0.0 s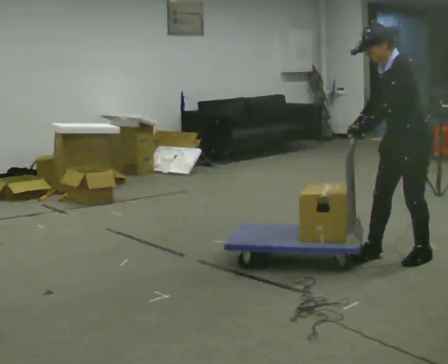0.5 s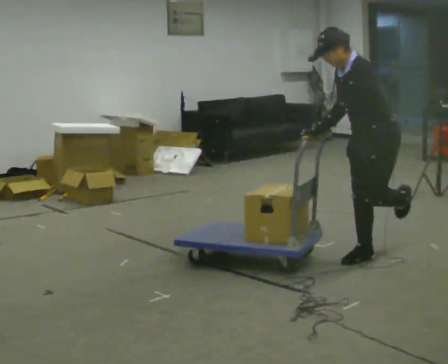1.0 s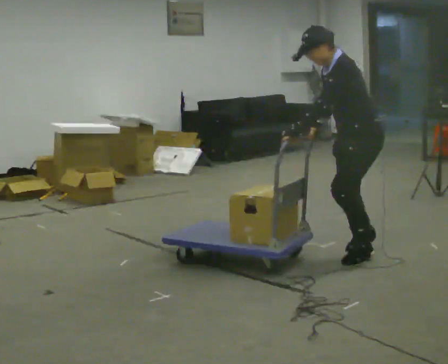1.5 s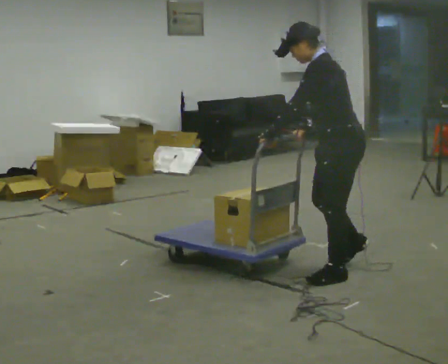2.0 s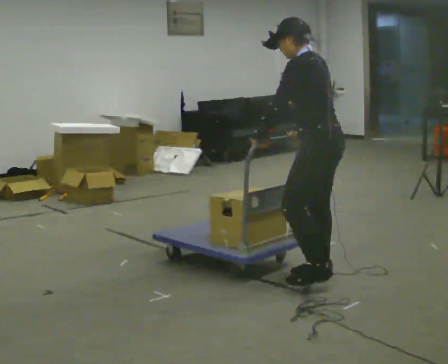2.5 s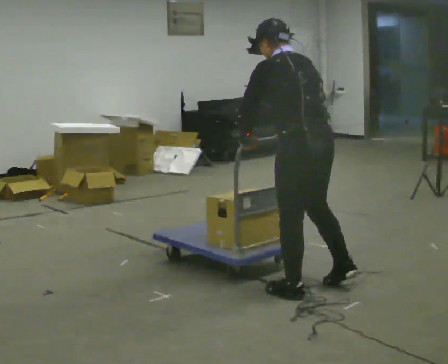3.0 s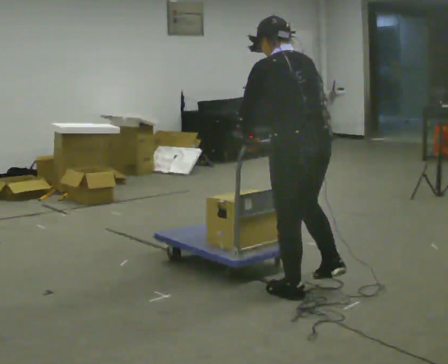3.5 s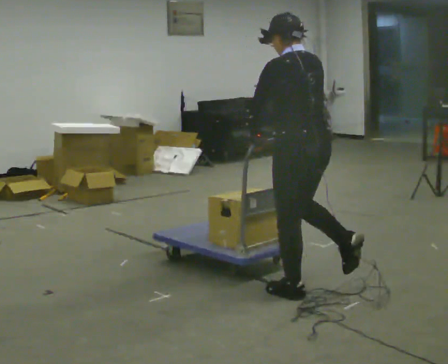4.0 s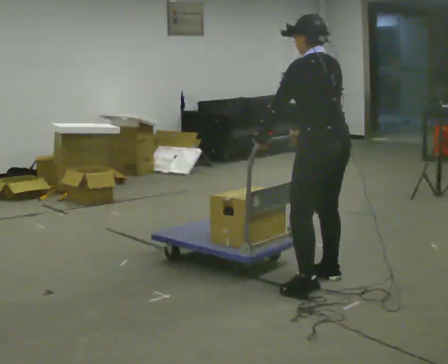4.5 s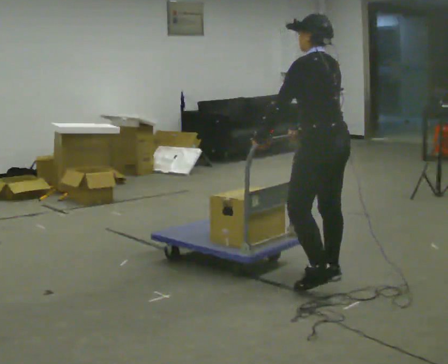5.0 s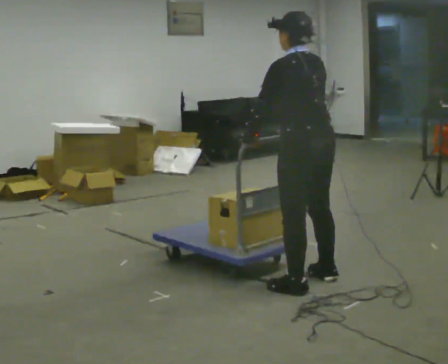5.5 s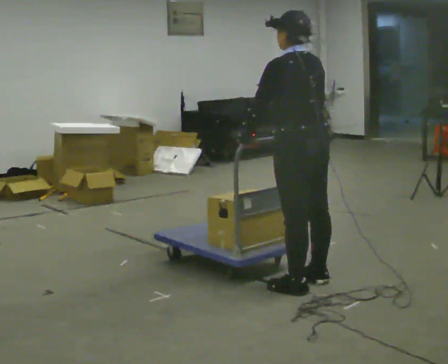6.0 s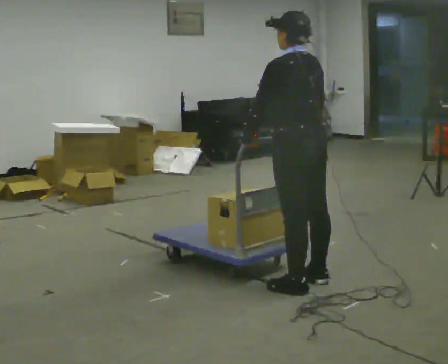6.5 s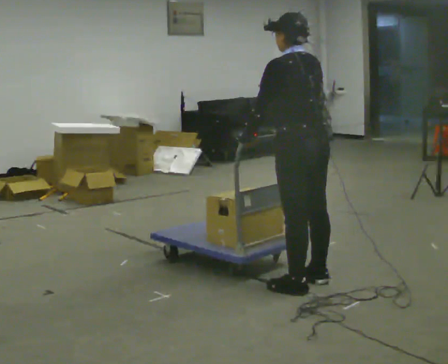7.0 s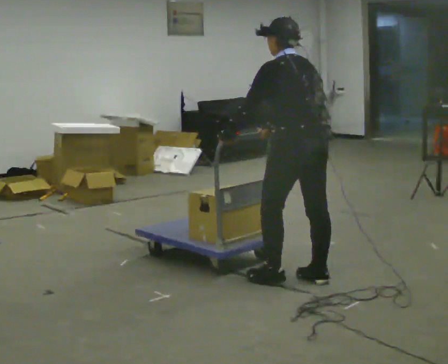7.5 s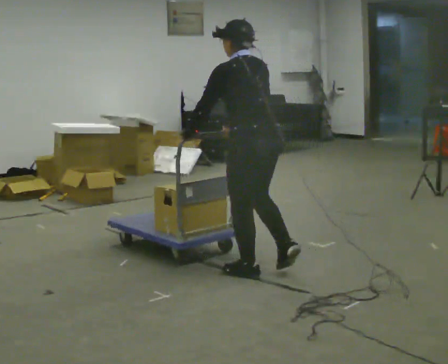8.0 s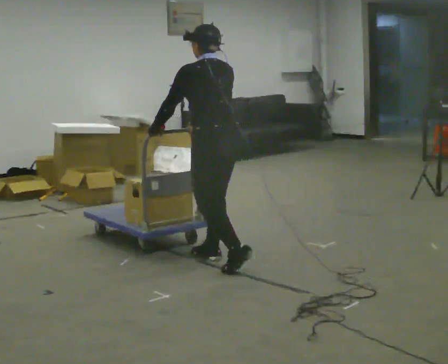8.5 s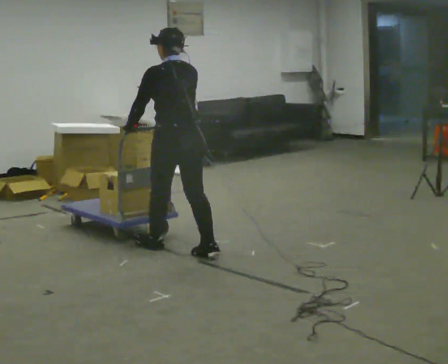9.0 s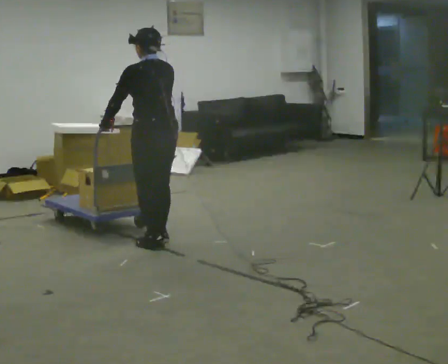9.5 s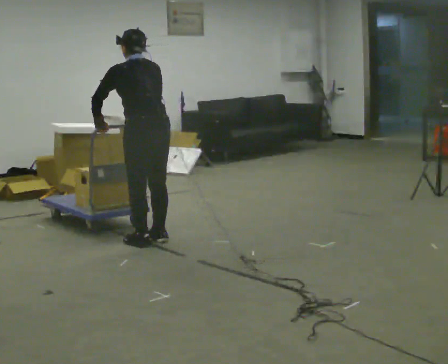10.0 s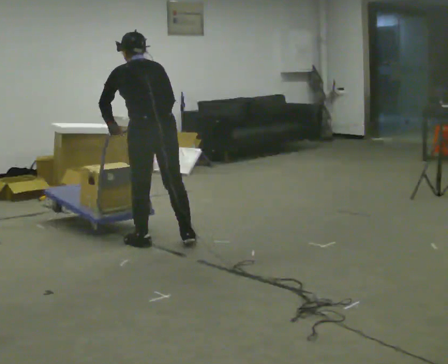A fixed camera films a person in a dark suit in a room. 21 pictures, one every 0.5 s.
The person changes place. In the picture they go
to the left.
0.0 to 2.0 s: The person turns about 45 degrees to their right, clockwise seen from above, so the part of the body nearest the lens slides to the left. In the picture they go to the left and toward the camera, about 0.5 m in 3 steps, which for them is forward.
2.0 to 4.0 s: The part of the body nearest the lens slides to the left as the person turns to their right by about 30 degrees.
4.0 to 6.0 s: The person moves a little, or ends about where they began.
6.0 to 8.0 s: In the picture they go to the left and away from the camera, about 0.5 m in 2 steps, which for them is forward.
8.0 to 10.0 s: In the picture they go to the left and away from the camera, about 0.75 m in 2 steps, which for them is forward.
The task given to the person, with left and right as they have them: Stand still with your hands on the cart. When the operator says go, get it moving, push it a few metres, then bring it to a stop. Repeat until the operator says stop.
The film runs forward here.
